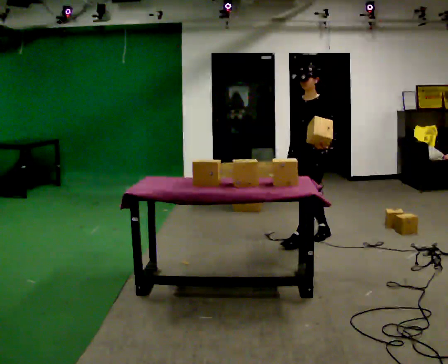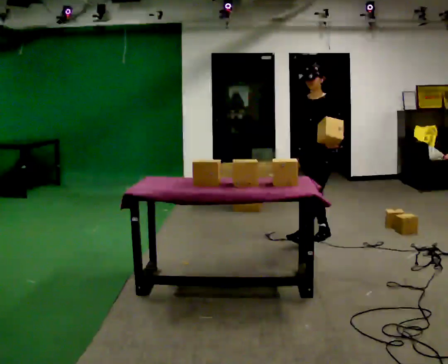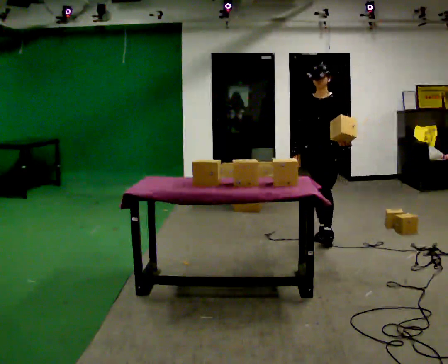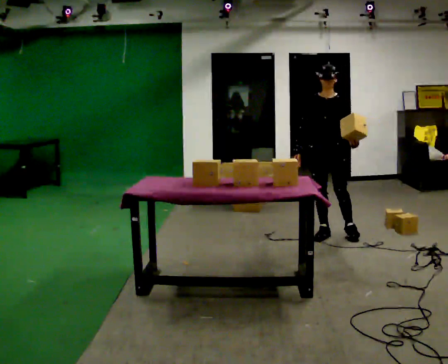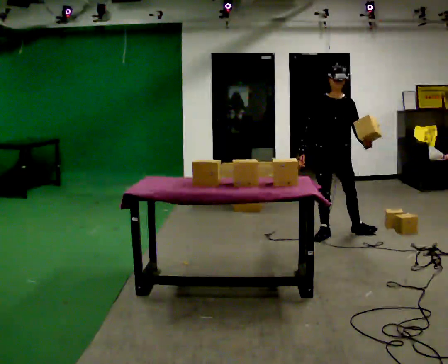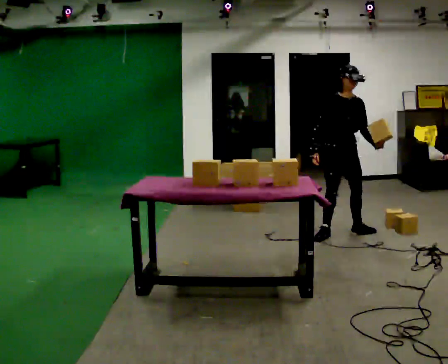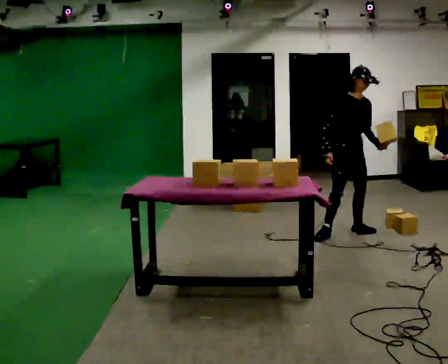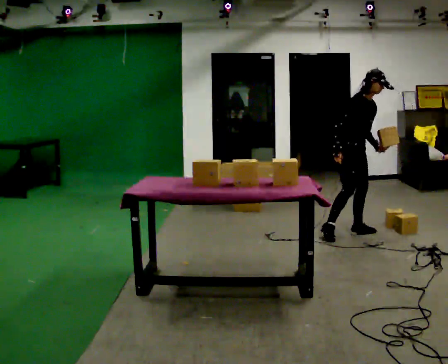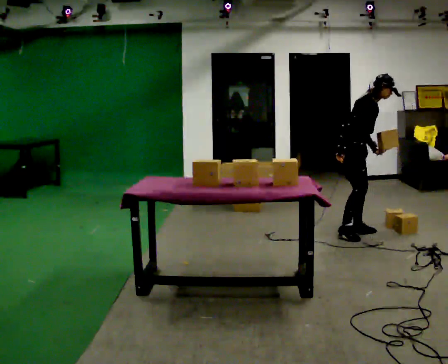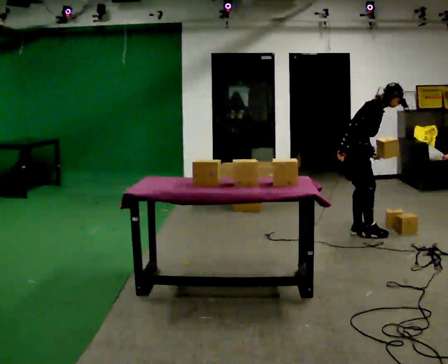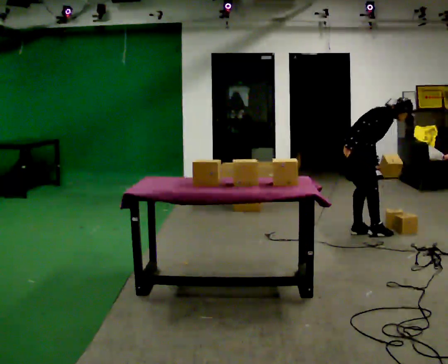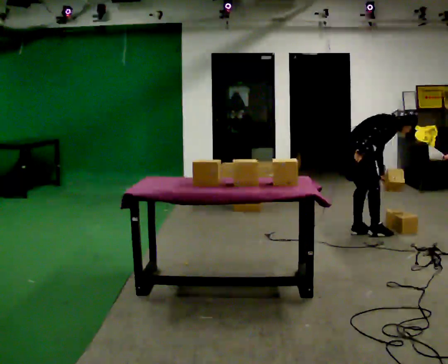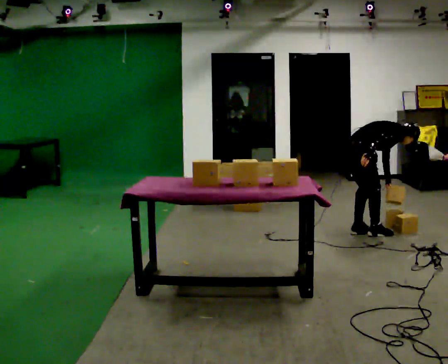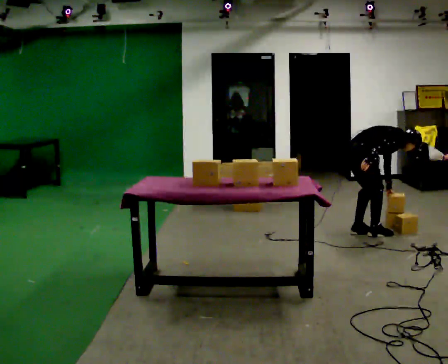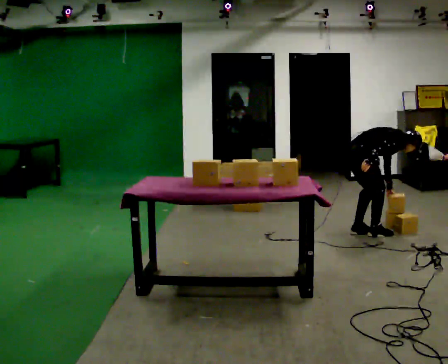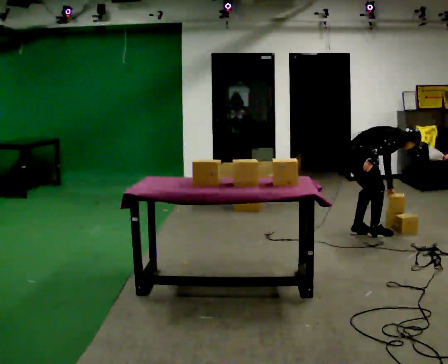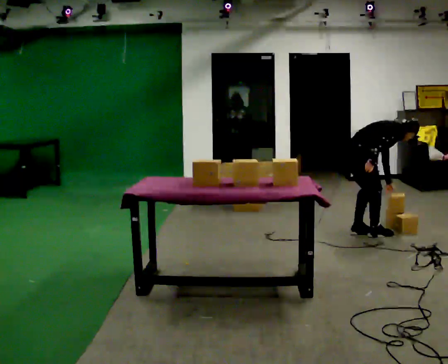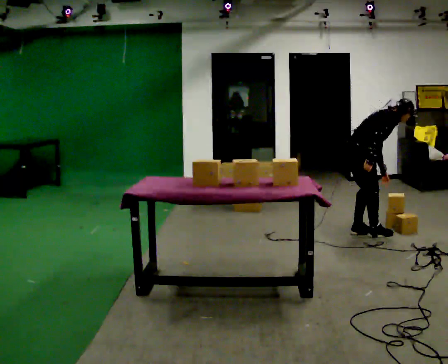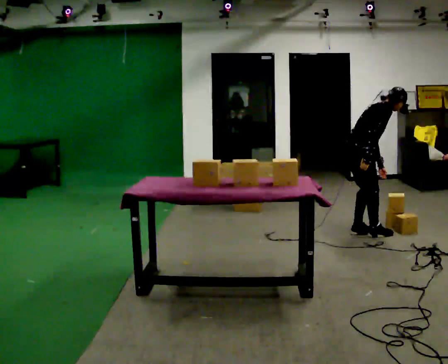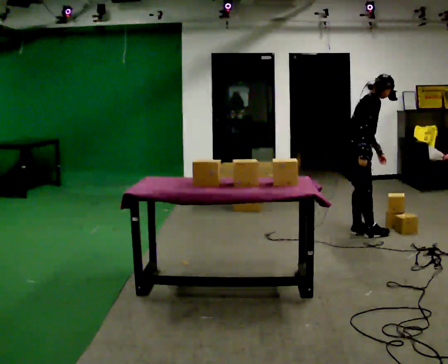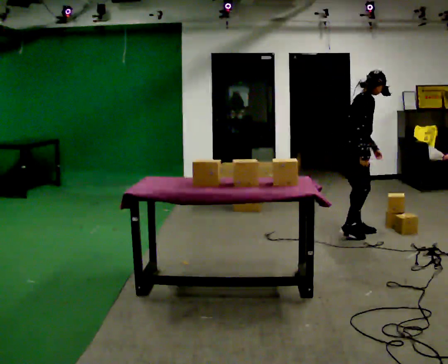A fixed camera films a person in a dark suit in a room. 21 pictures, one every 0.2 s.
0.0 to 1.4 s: The person turns about 90 degrees to their left, counterclockwise seen from above, so the part of the body nearest the lens slides to the right. In the picture they go away from the camera and to the right, about 0.5 m in 2 steps. In the picture the upper body tilts clockwise, shoulders to the right.
1.4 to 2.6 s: The person turns about 60 degrees to their left, counterclockwise seen from above, so the part of the body nearest the lens slides to the right. The shoulders move downward. The upper body tips away from the camera, its near side rolling upward, as they bend forward. In the picture their right hand goes to the right.
2.6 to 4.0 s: The shoulders move upward. In the picture the upper body tilts counterclockwise, shoulders to the left, as they lean back or straighten.
The film runs backward here.
